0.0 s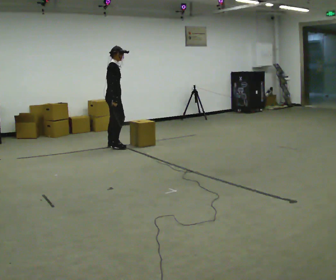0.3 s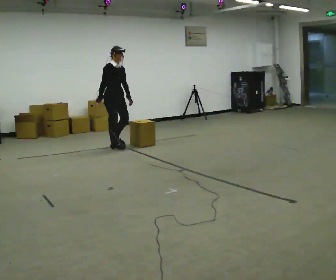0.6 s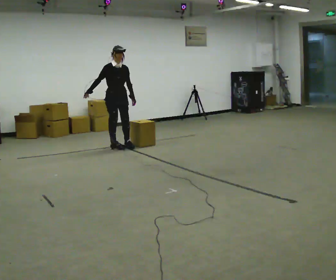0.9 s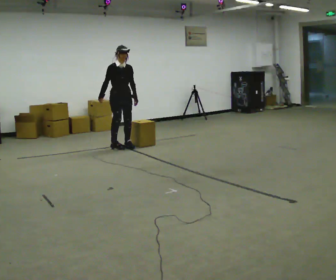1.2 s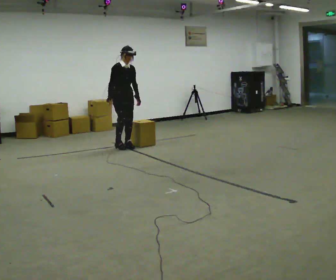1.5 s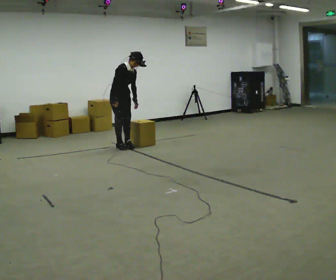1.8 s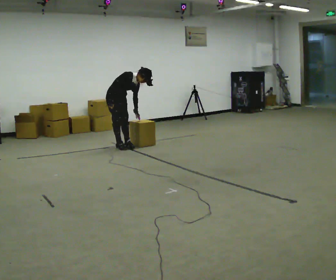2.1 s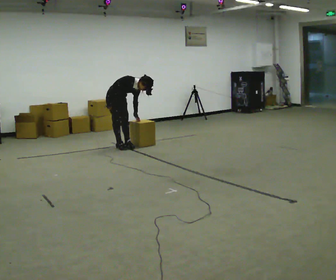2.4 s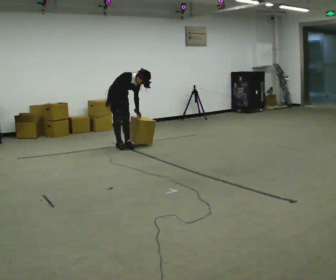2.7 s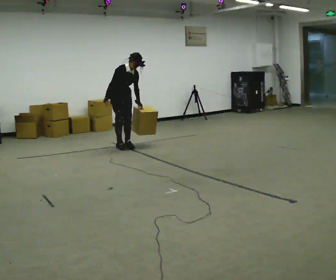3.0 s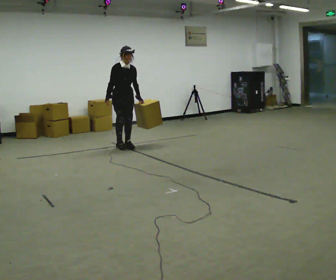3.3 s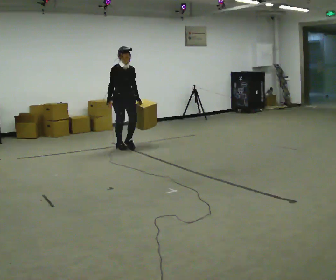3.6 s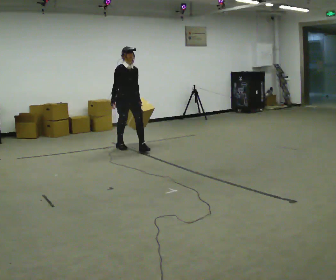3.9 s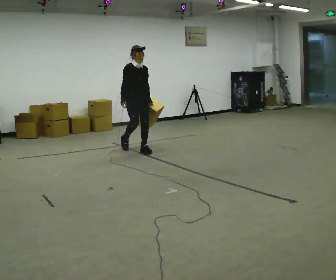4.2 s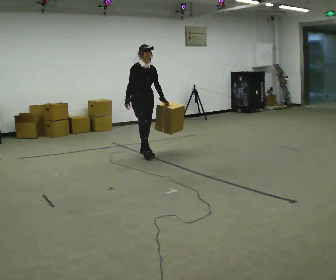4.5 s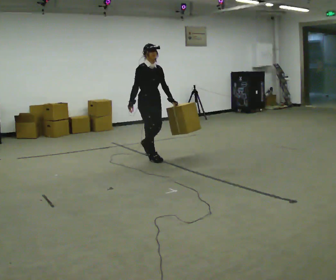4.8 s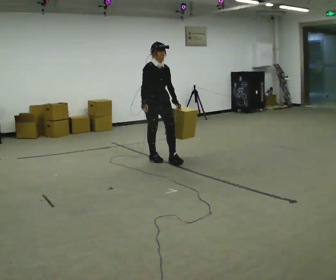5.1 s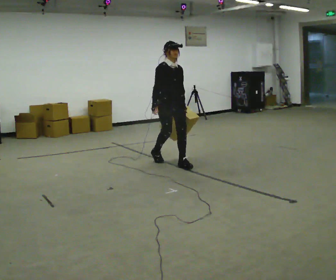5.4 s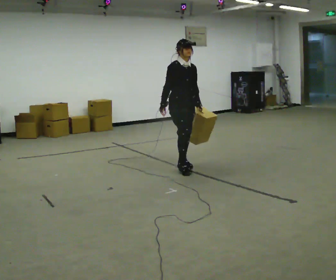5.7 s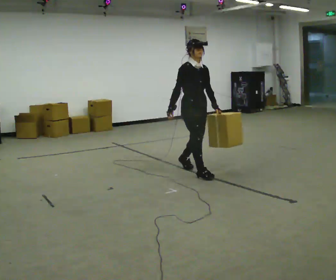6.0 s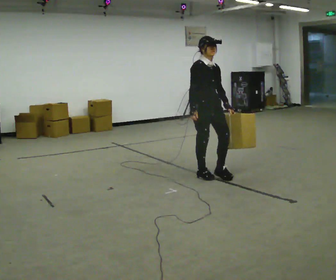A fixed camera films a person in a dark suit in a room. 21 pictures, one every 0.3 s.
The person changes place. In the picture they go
toward the camera.
The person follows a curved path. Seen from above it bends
clockwise.
0.0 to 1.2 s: Seen from above the body turns clockwise, about 60 degrees: to their right, with its near side sliding to the left. In the picture they go to the right, about 0.25 m in 1 step. In the picture their left hand goes to the right.
1.2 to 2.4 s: The person moves a little, or ends about where they began.
2.4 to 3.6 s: In the picture they go toward the camera and to the right, about 0.25 m, which for them is forward. In the picture the upper body tilts counterclockwise, shoulders to the left, as they lean back or straighten.
3.6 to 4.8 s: In the picture they go toward the camera and to the right, about 1 m in 2 steps, which for them is forward.
4.8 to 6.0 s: In the picture they go toward the camera and to the right, about 1 m in 2 steps, which for them is forward.
The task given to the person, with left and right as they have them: Carry the box across the room, stopping and starting again each time the operator says stop and go. Do not set the box down.
The film runs forward here.
